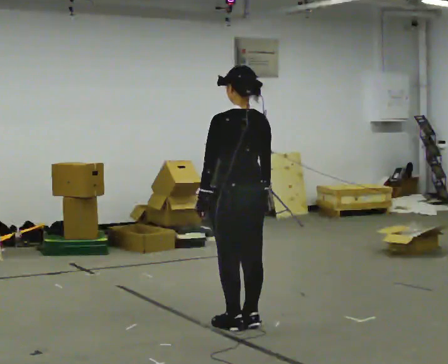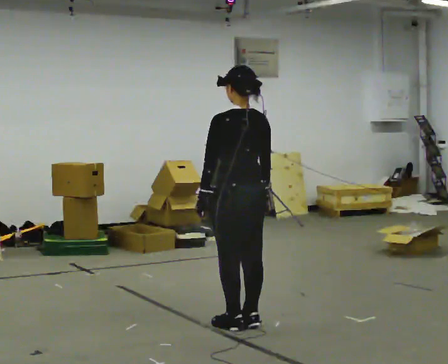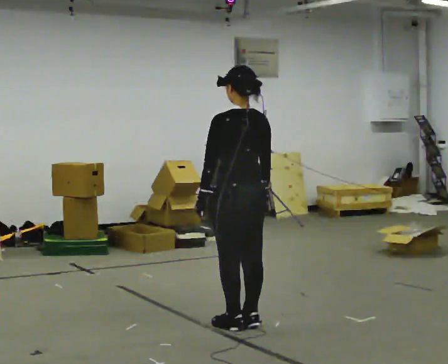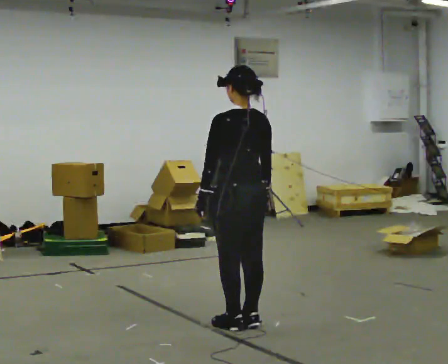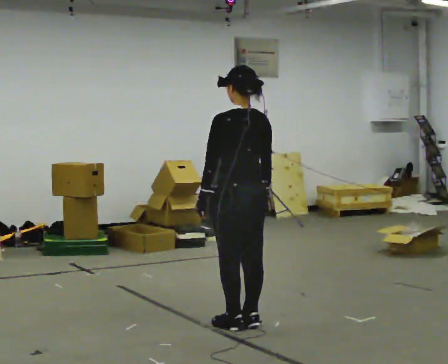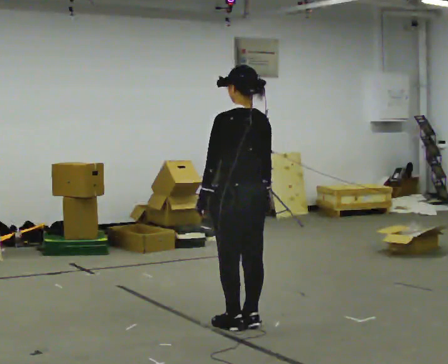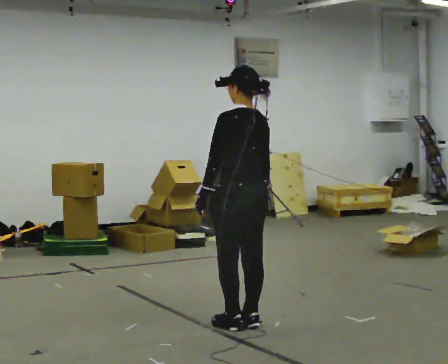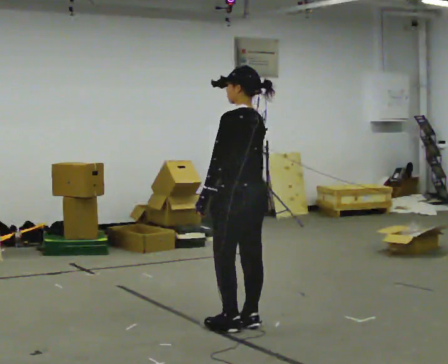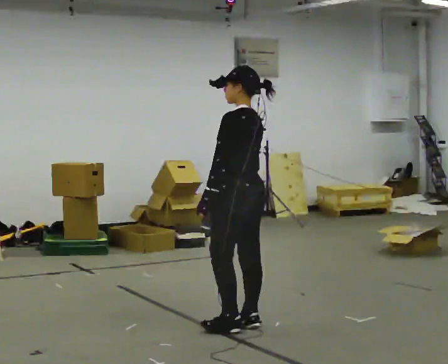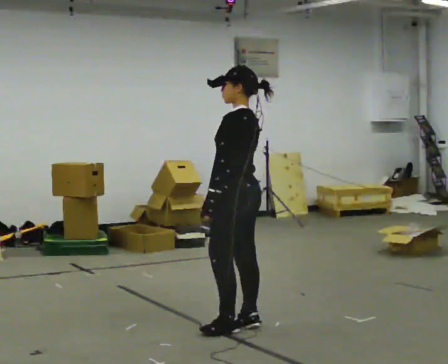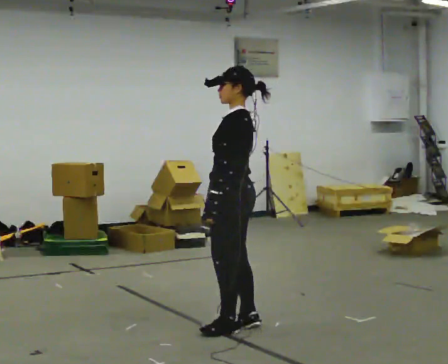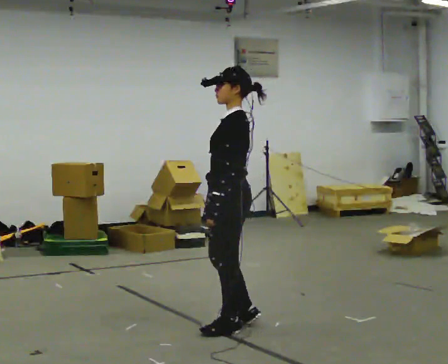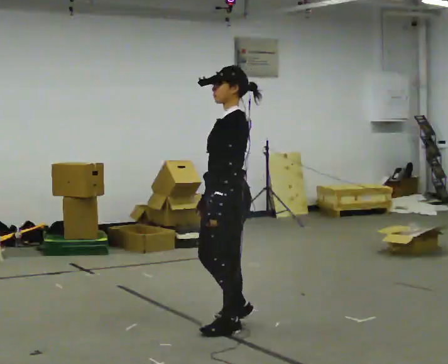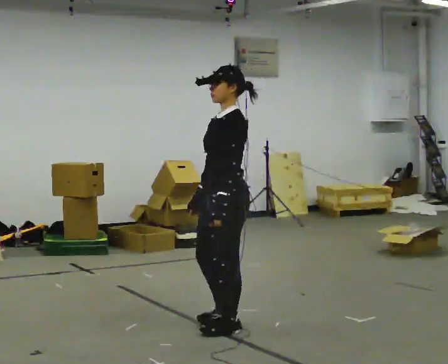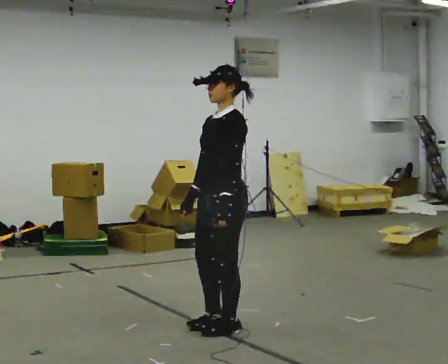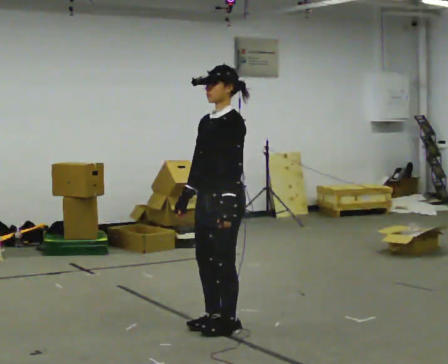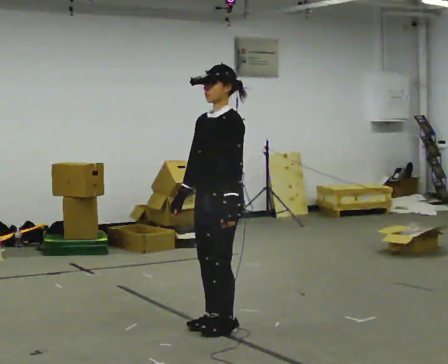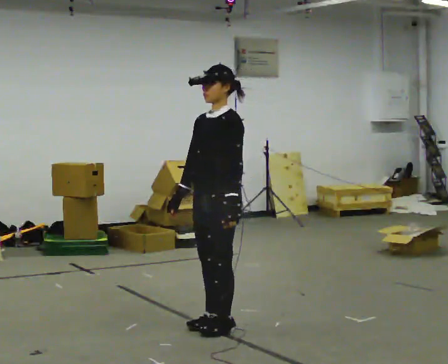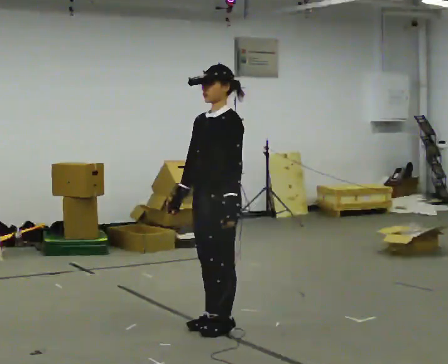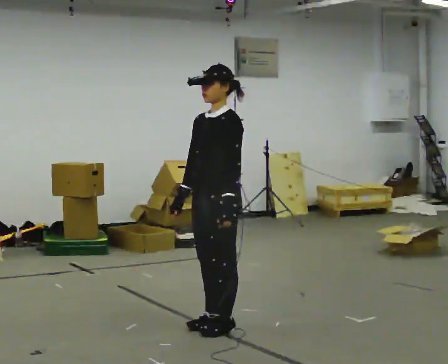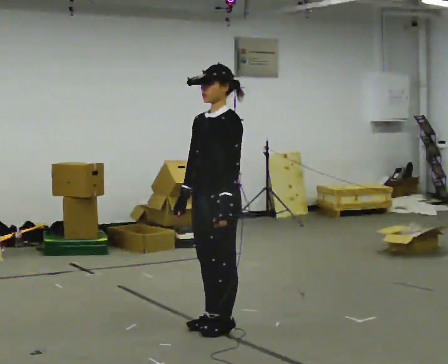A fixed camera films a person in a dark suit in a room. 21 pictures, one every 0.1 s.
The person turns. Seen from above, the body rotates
counterclockwise.
The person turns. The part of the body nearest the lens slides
to the right.
0.0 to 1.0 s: The part of the body nearest the lens slides to the right as the person turns to their left by about 60 degrees.
1.0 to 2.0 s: Seen from above the body turns counterclockwise, about 45 degrees: to their left, with its near side sliding to the right.
The film runs forward here.
